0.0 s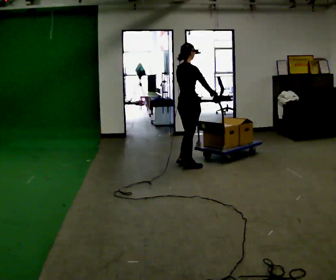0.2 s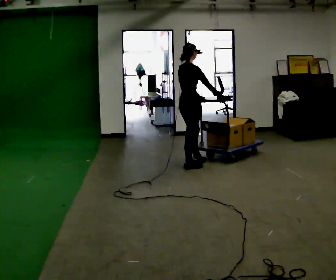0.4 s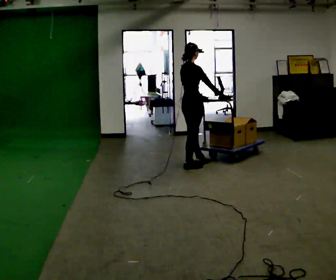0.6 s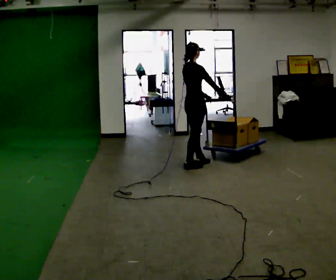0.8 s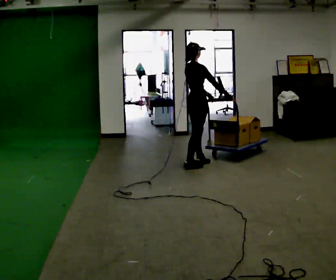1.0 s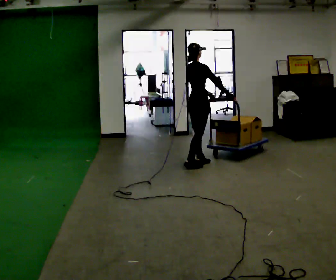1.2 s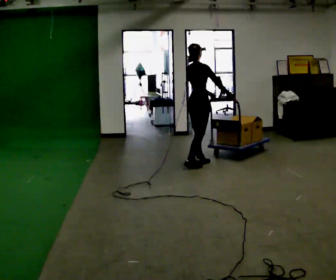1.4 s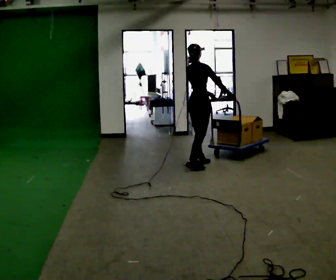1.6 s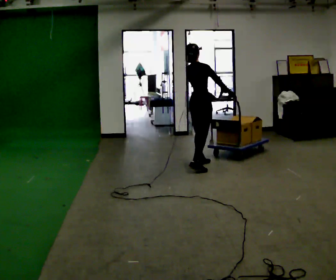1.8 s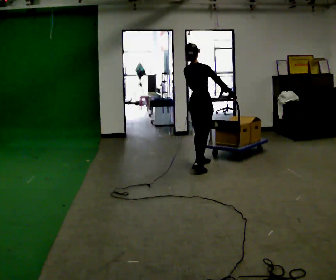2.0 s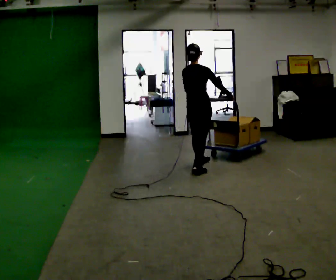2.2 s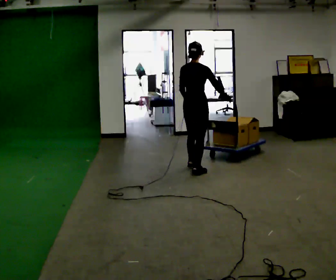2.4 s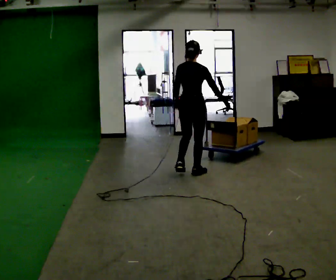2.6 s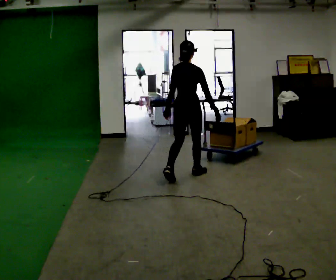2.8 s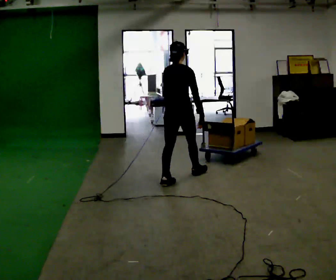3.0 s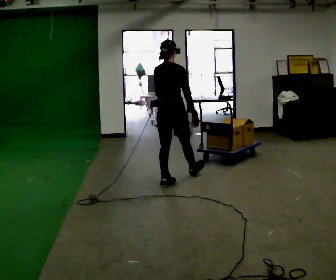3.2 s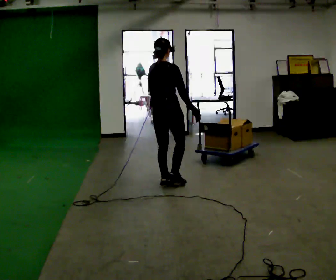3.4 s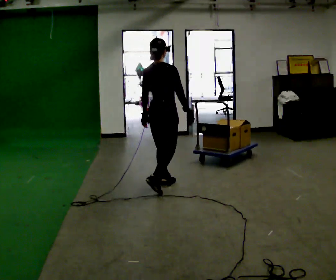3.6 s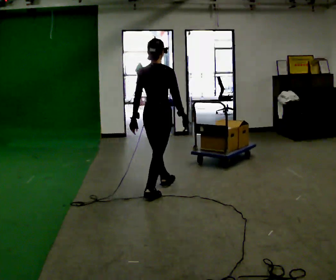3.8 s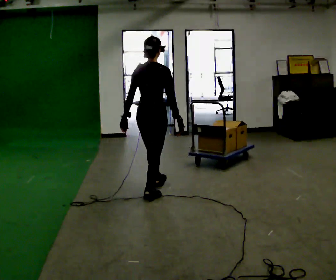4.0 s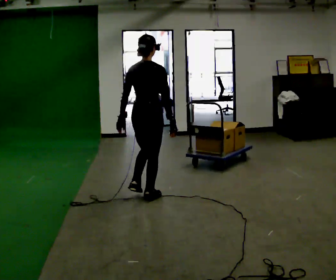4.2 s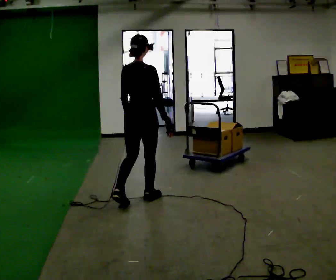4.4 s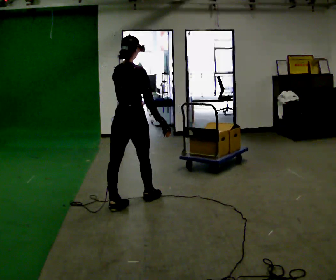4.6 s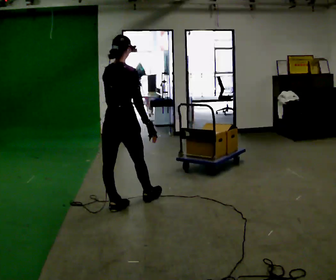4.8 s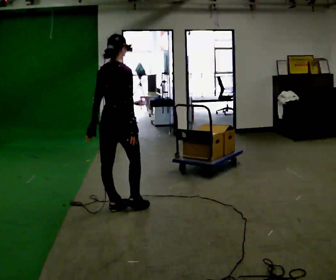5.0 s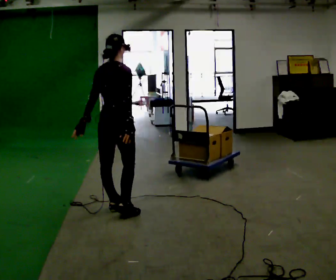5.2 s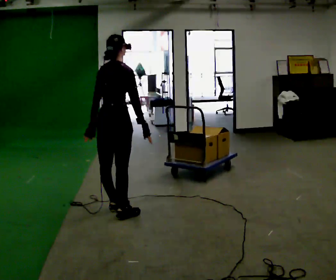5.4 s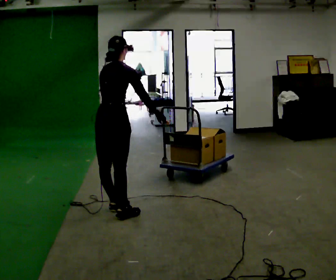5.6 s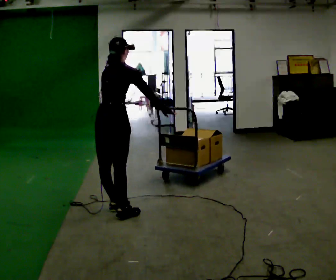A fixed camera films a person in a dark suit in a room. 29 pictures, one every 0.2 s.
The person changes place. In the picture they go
toward the camera.
The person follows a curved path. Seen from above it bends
clockwise.
0.0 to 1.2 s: The person moves a little, or ends about where they began.
1.2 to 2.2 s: Seen from above the body turns counterclockwise, about 30 degrees: to their left, with its near side sliding to the right. In the picture they go toward the camera, about 0.5 m in 2 steps, which for them is to their right and backward.
2.2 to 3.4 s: In the picture they go toward the camera and to the left, about 0.75 m in 1 step, which for them is backward.
3.4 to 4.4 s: In the picture they go toward the camera and to the left, about 0.5 m in 1 step, which for them is backward.
4.4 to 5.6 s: In the picture they go toward the camera, about 0.25 m in 1 step, which for them is backward. The upper body tips away from the camera, its near side rolling upward, as they bend forward.
The film runs backward here.
